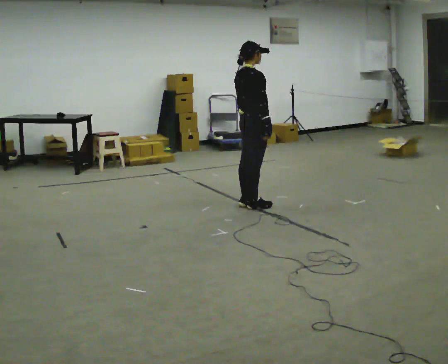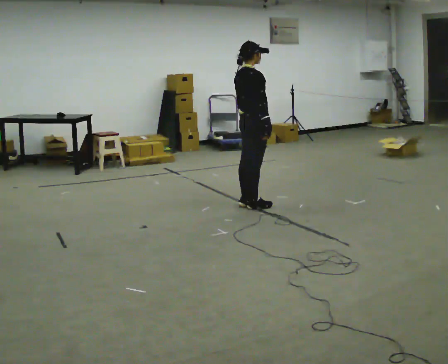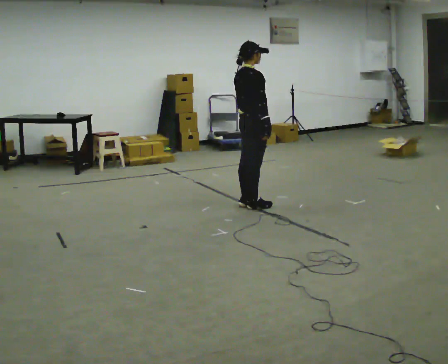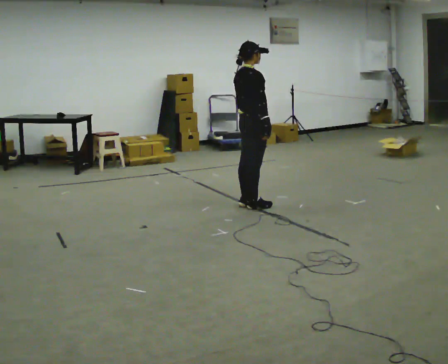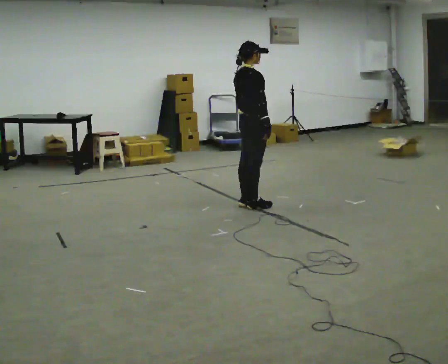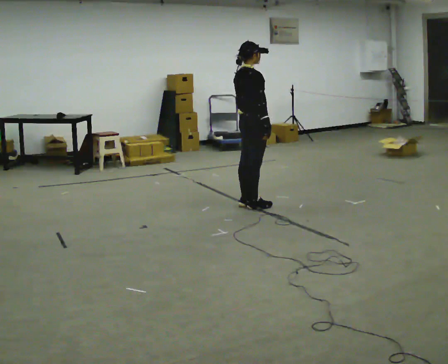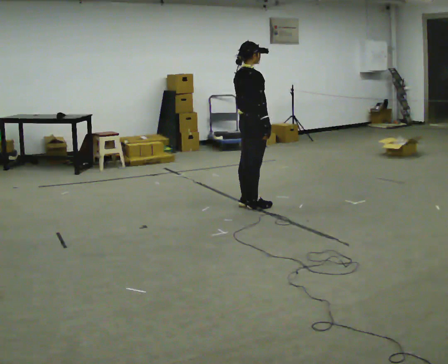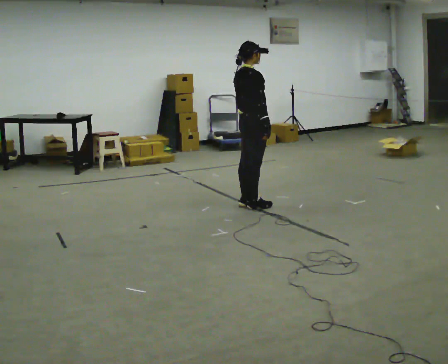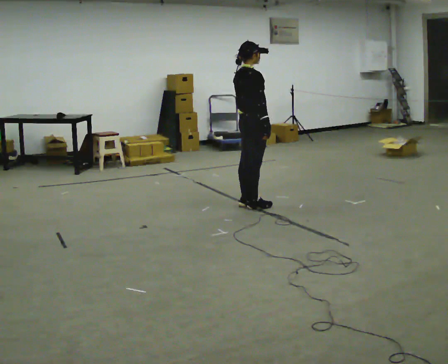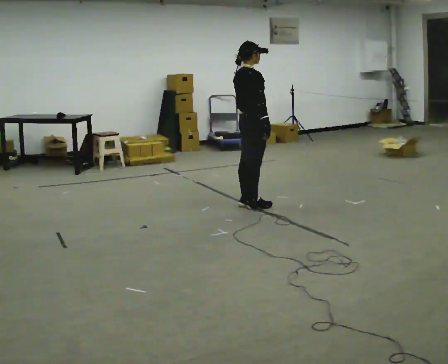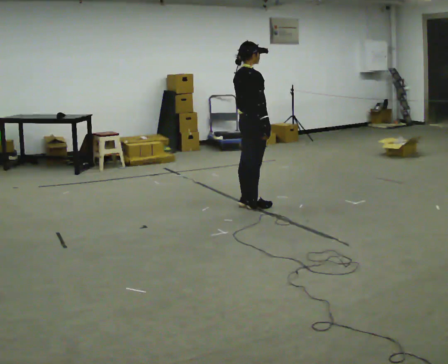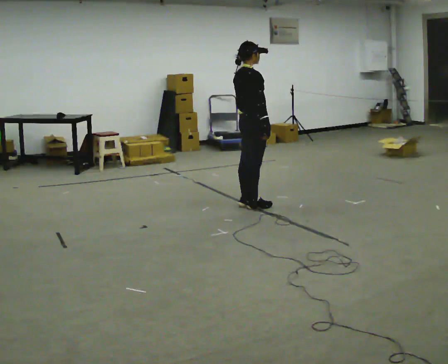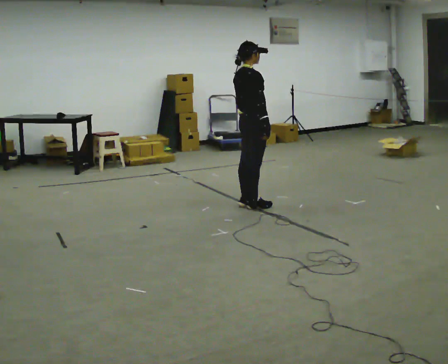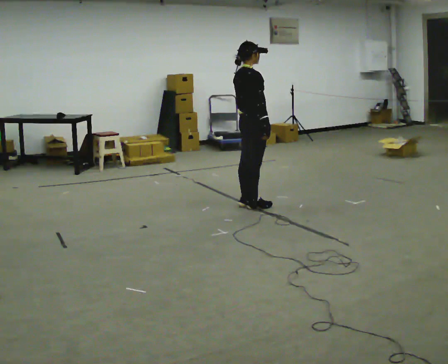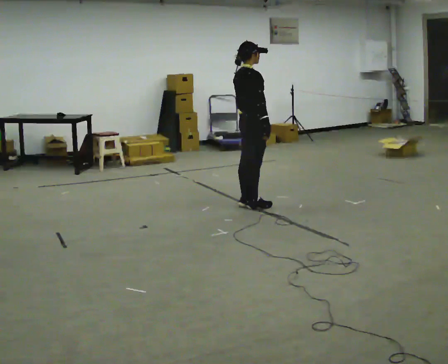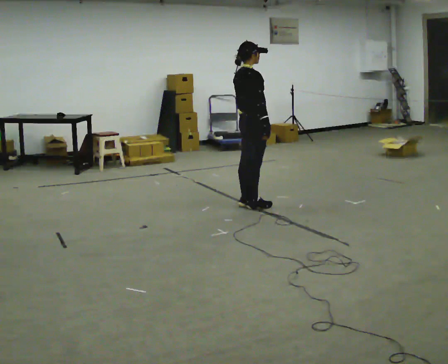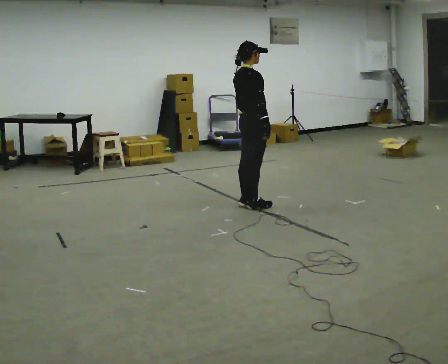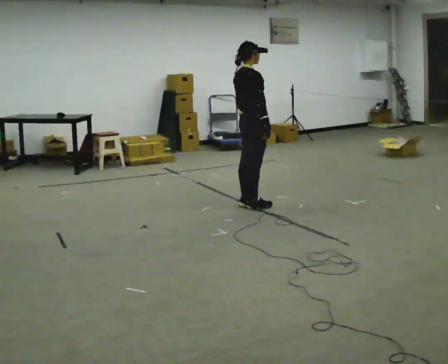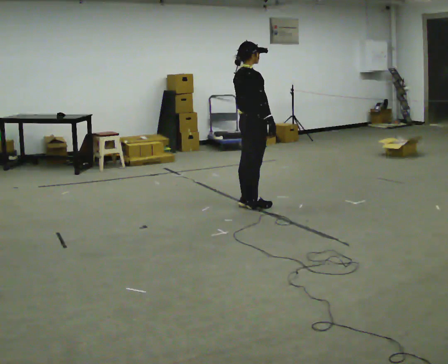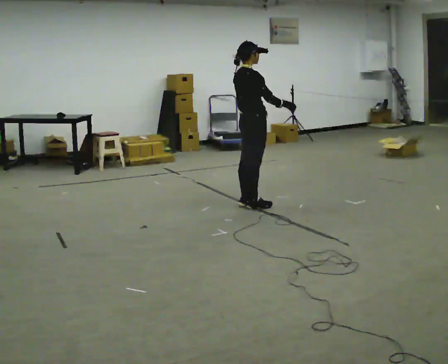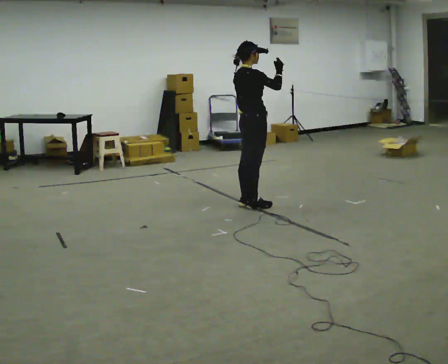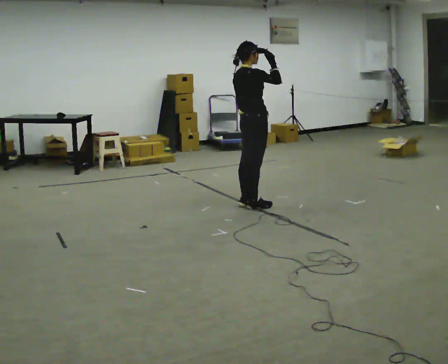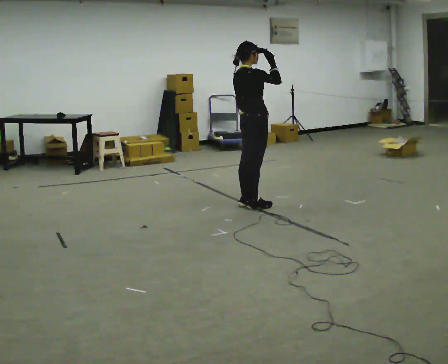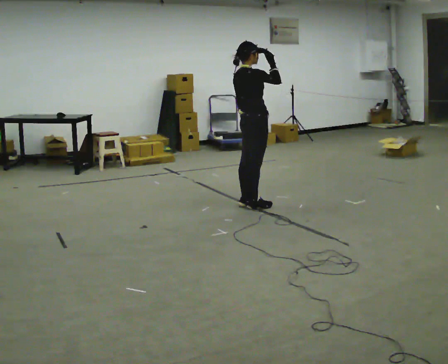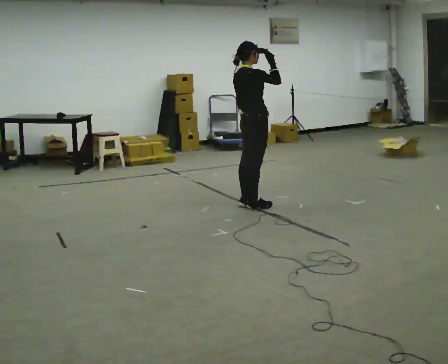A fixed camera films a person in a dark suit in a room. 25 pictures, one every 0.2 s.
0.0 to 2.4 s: The person keeps their place and pose.
2.4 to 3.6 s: The person moves a little, or ends about where they began.
3.6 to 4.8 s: In the picture their right hand goes upward.
The film runs forward here.
